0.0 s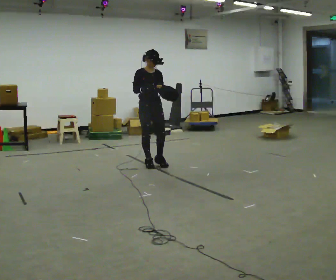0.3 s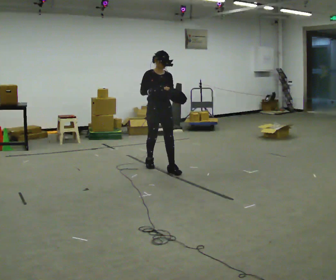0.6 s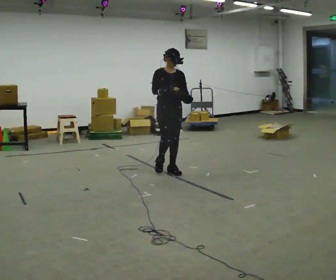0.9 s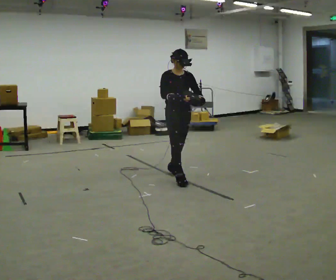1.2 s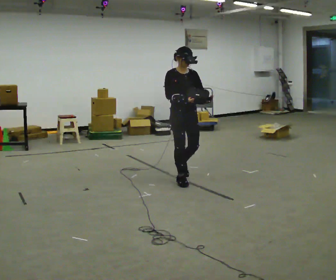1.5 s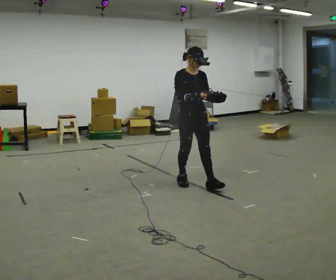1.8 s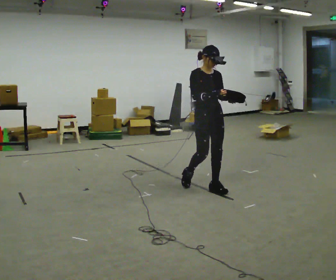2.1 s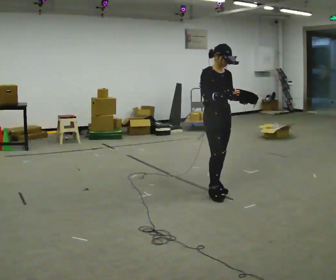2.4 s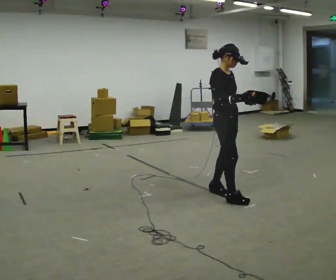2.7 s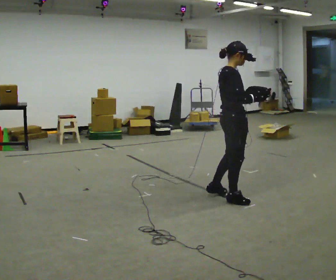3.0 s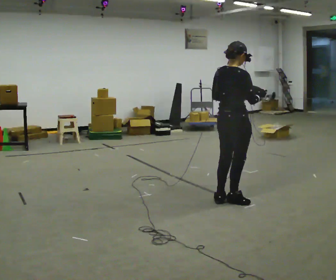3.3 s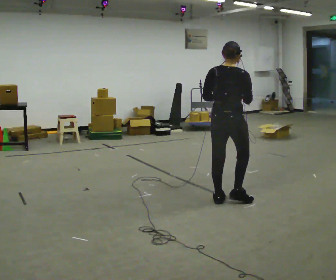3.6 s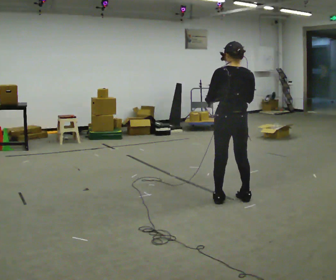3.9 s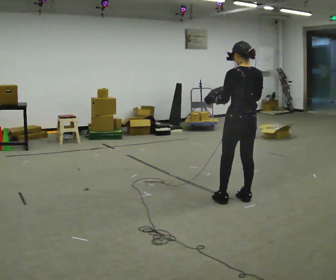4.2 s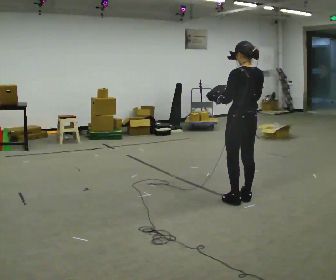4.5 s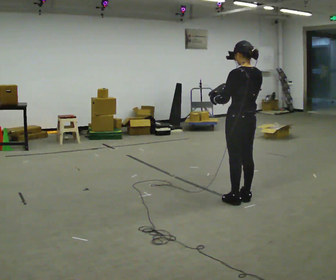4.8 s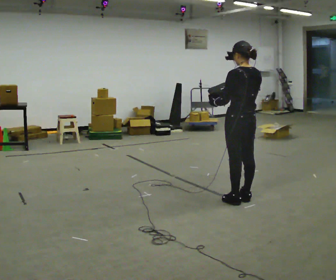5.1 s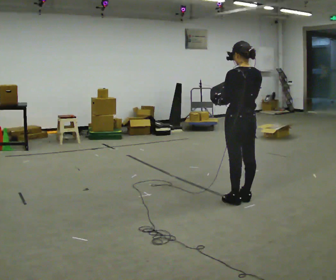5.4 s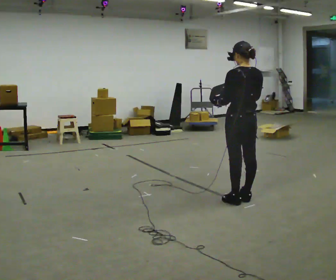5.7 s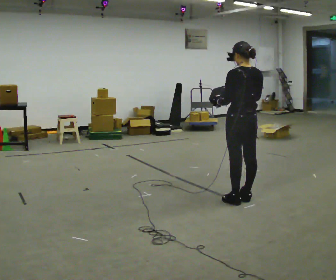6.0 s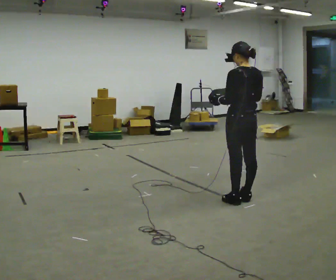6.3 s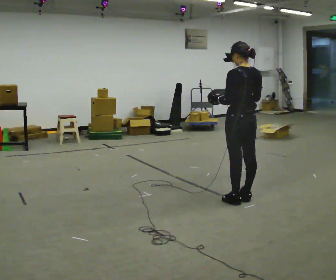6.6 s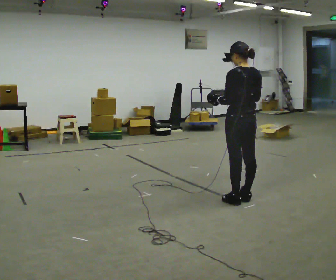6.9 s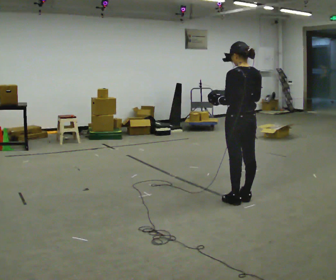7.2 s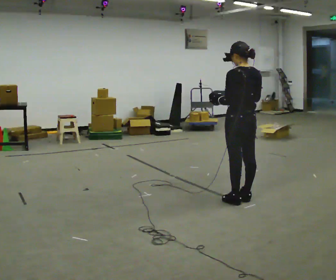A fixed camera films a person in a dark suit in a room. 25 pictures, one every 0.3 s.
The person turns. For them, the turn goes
to their left.
The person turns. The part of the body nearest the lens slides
to the right.
0.0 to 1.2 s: In the picture they go toward the camera and to the right, about 1 m in 2 steps, which for them is forward.
1.2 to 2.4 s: Seen from above the body turns counterclockwise, about 30 degrees: to their left, with its near side sliding to the right. In the picture they go to the right and toward the camera, about 0.75 m in 2 steps, which for them is forward.
2.4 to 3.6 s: The part of the body nearest the lens slides to the right as the person turns to their left by about 135 degrees. In the picture they go toward the camera, about 0.25 m in 2 steps.
3.6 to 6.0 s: The person moves a little, or ends about where they began.
6.0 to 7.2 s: The person keeps their place and pose.
The film runs forward here.
